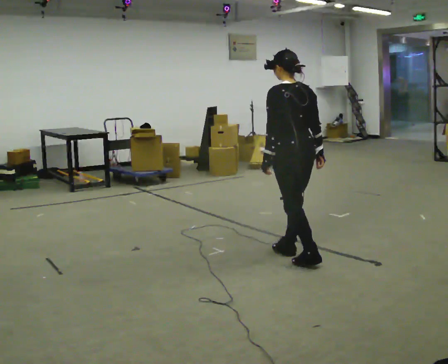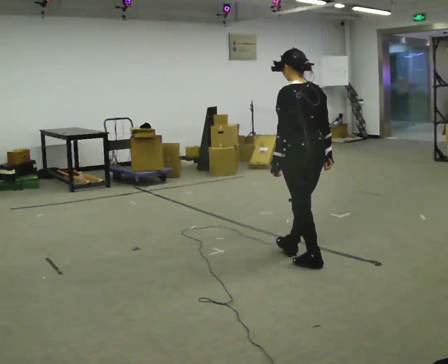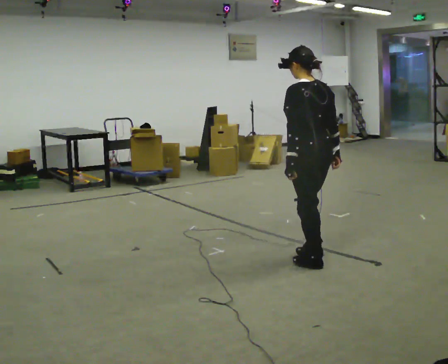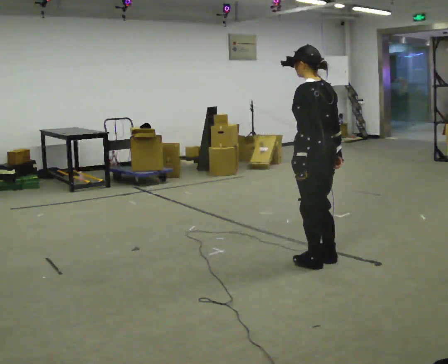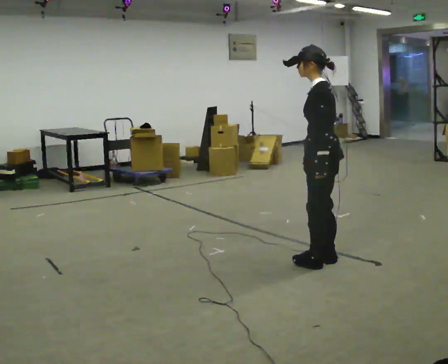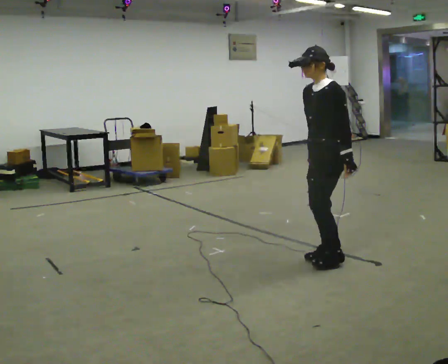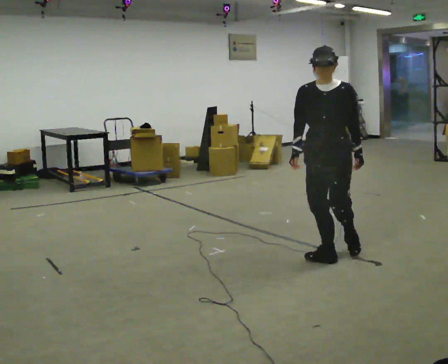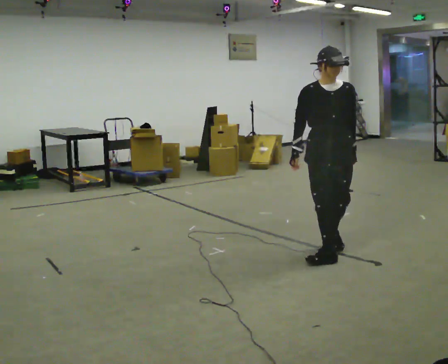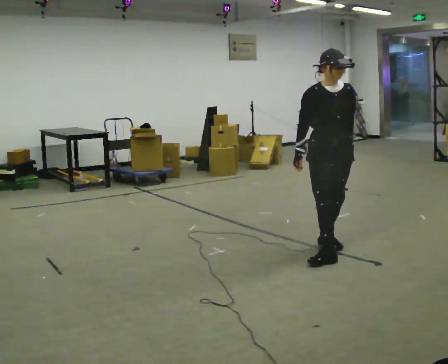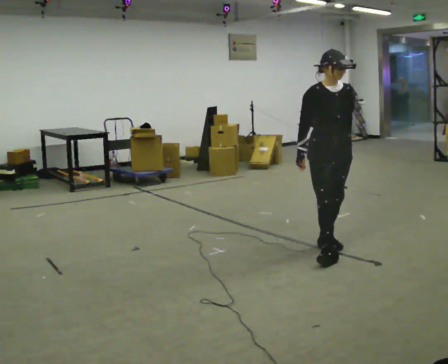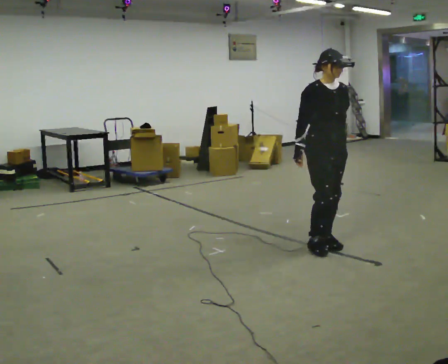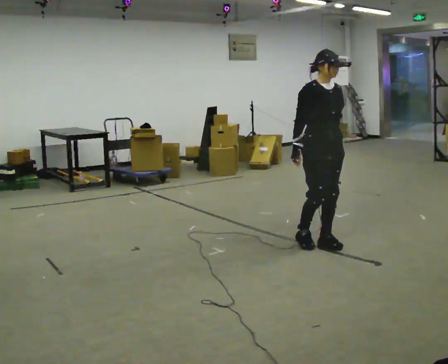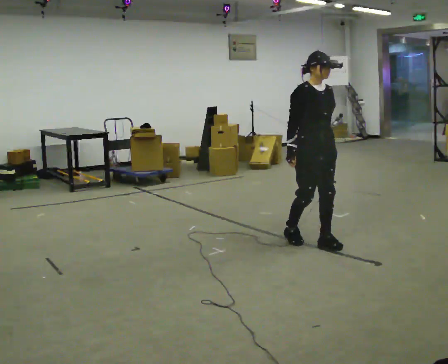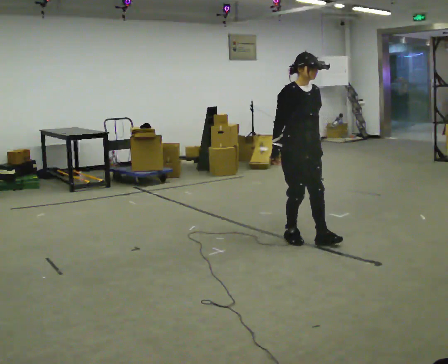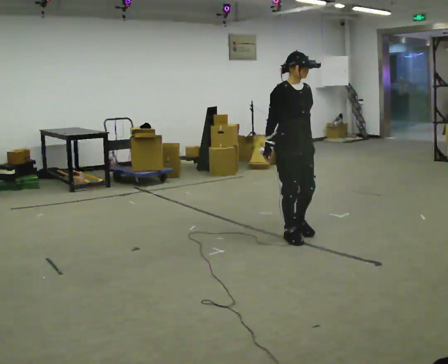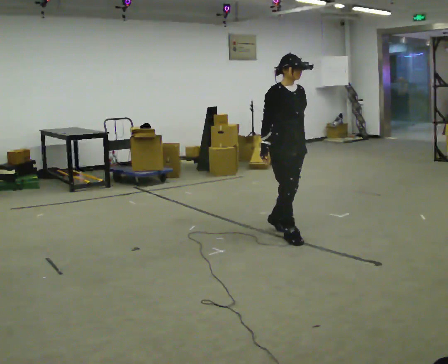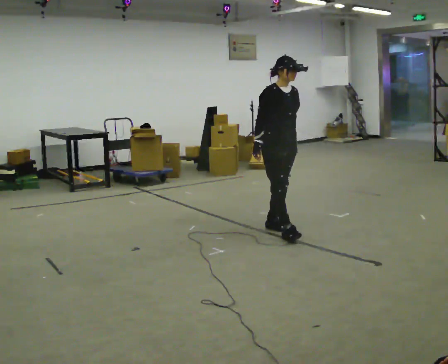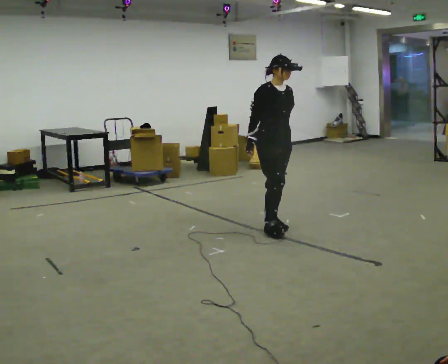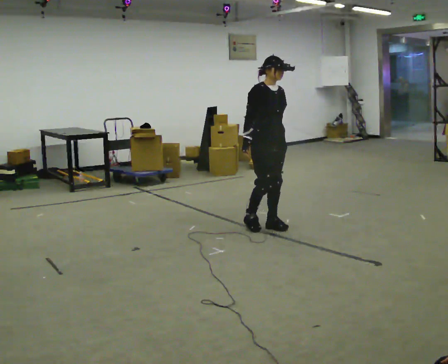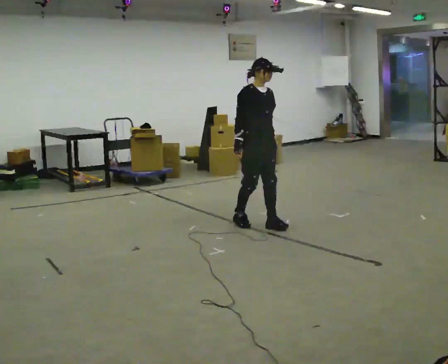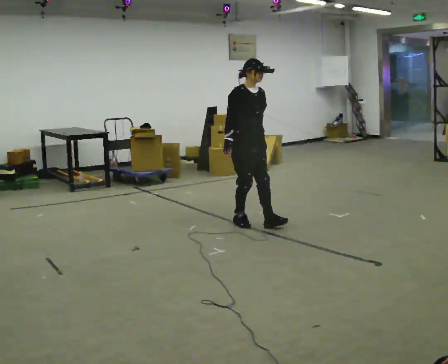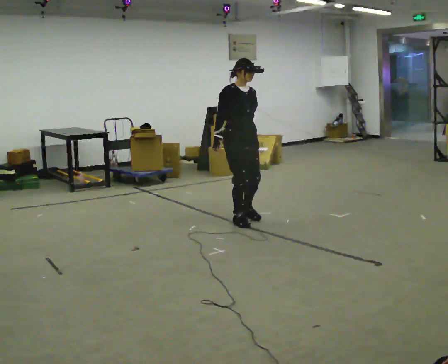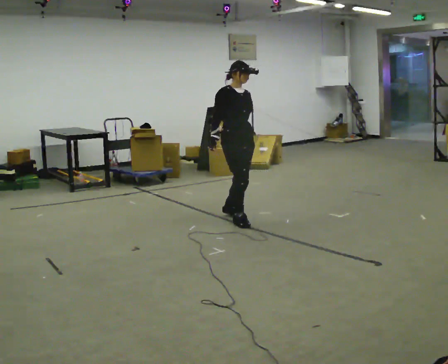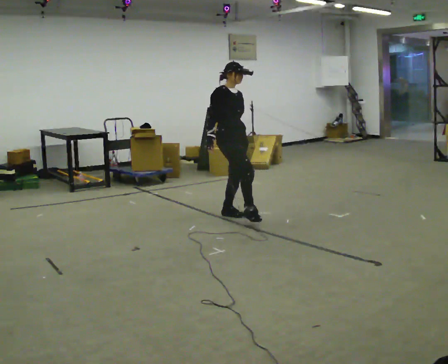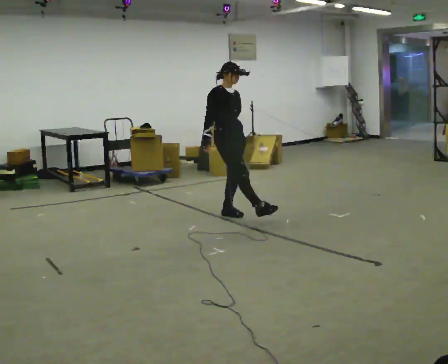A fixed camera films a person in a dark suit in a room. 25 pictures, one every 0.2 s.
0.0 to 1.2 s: Seen from above the body turns counterclockwise, about 120 degrees: to their left, with its near side sliding to the right. In the picture they go to the right, about 0.25 m in 2 steps. In the picture their left hand goes to the right, the arm swinging counterclockwise.
1.2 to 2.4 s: The part of the body nearest the lens slides to the right as the person turns to their left by about 60 degrees. In the picture they go away from the camera, about 0.25 m in 2 steps.
2.4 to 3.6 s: In the picture they go away from the camera and to the left, about 0.5 m in 1 step, which for them is backward.
3.6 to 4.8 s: In the picture they go to the left and away from the camera, about 0.5 m in 2 steps, which for them is backward.
The film runs forward here.
